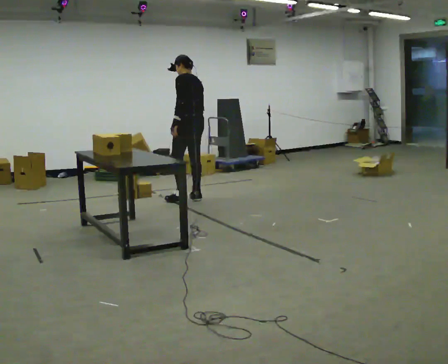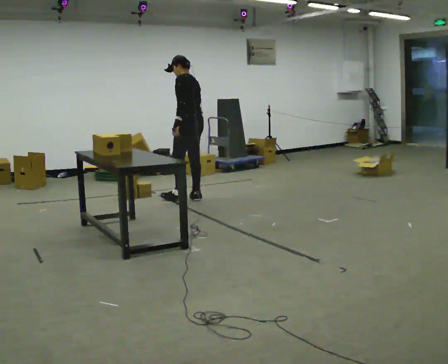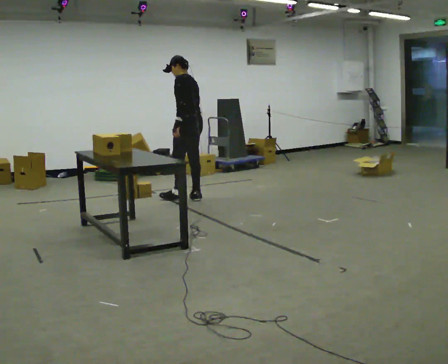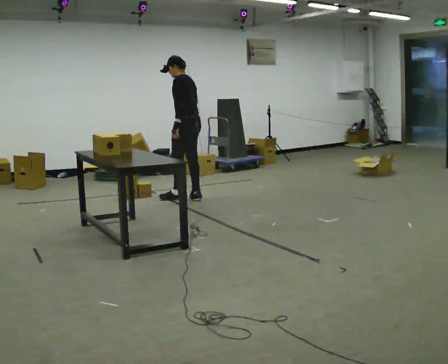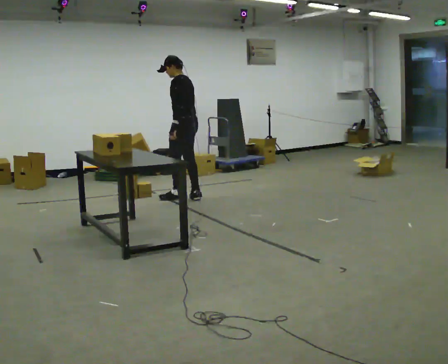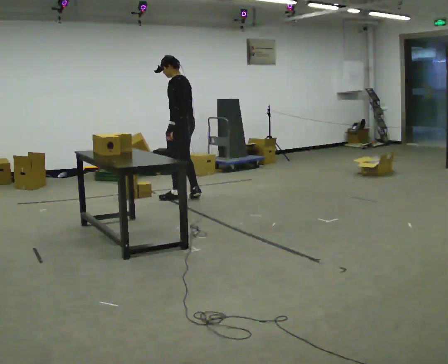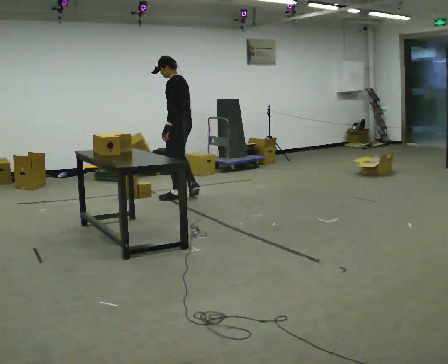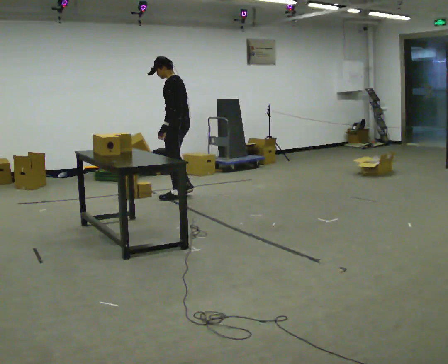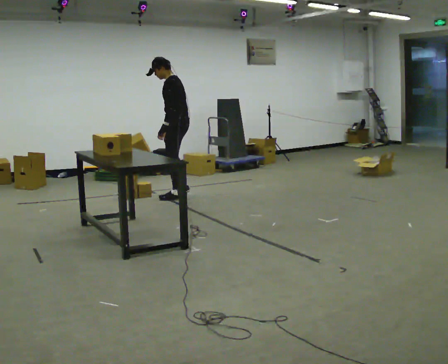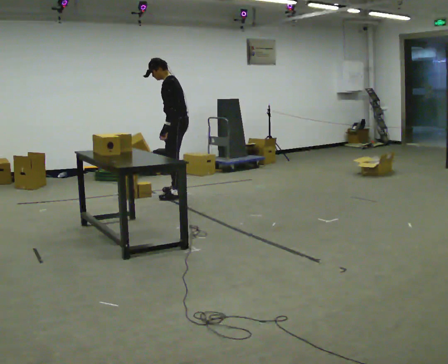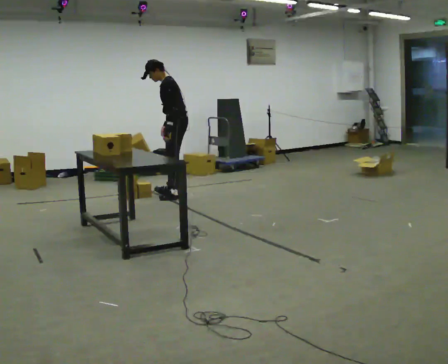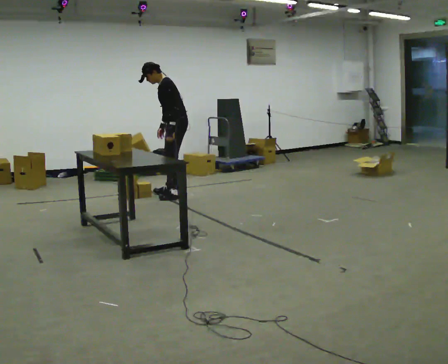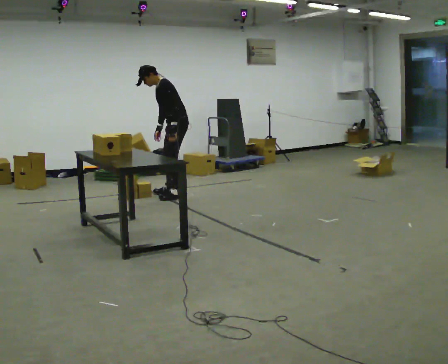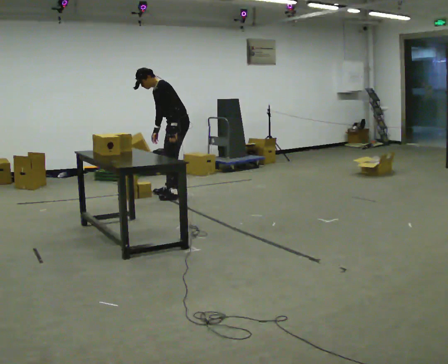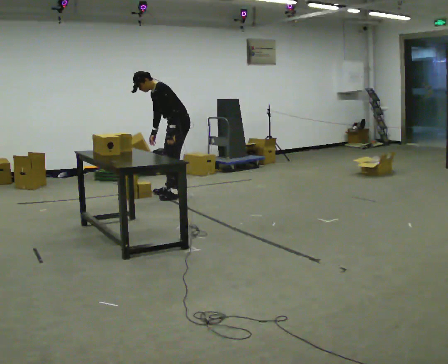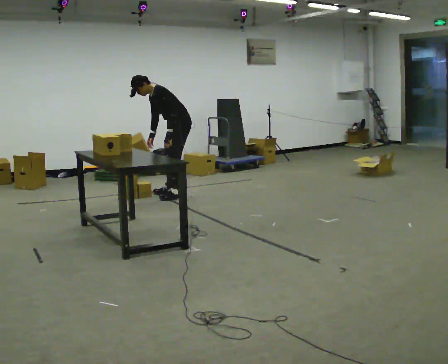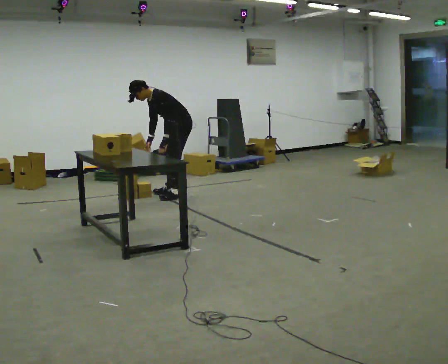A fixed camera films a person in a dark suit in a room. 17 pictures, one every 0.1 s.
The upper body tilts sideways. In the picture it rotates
counterclockwise.
0.0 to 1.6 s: Seen from above the body turns counterclockwise, about 60 degrees: to their left, with its near side sliding to the right. In the picture they go away from the camera, about 0.25 m in 2 steps, which for them is to their right and forward. The shoulders move downward. In the picture the upper body tilts counterclockwise, shoulders to the left, as they bend forward.
The film runs forward here.
